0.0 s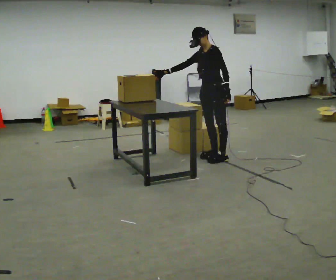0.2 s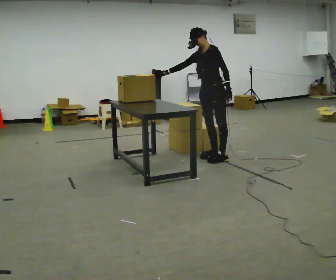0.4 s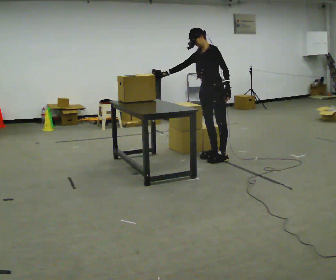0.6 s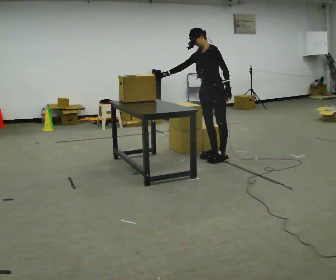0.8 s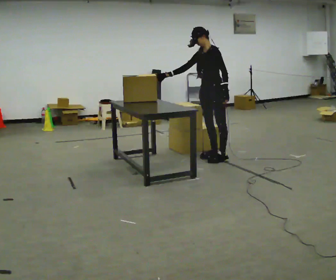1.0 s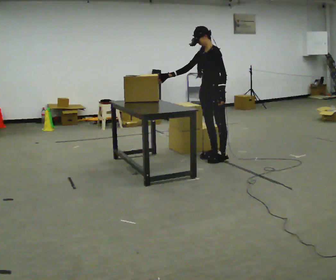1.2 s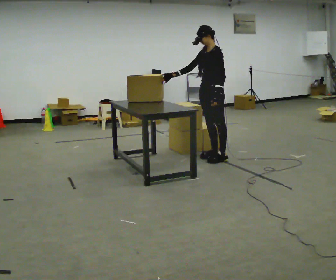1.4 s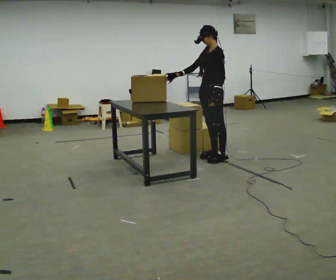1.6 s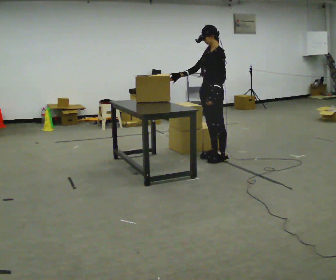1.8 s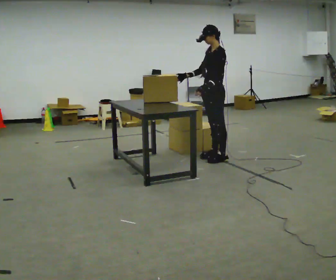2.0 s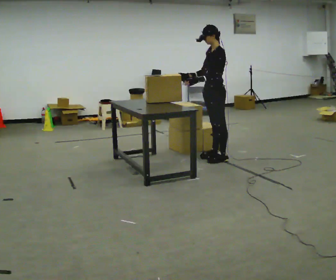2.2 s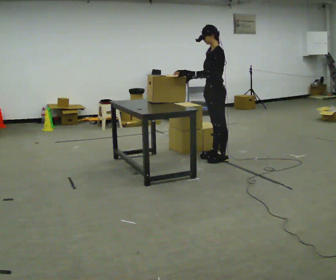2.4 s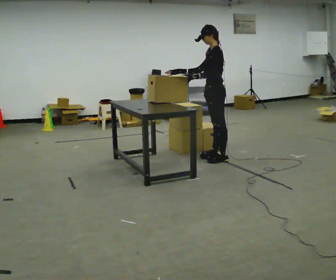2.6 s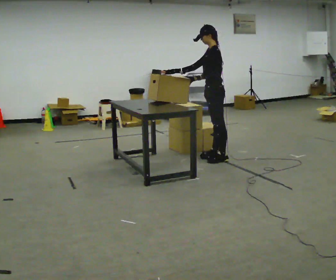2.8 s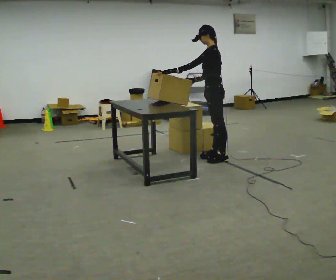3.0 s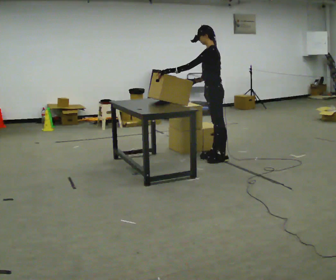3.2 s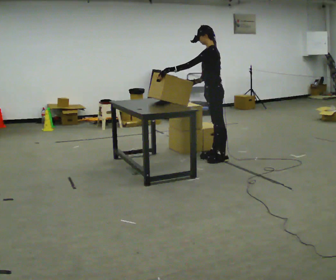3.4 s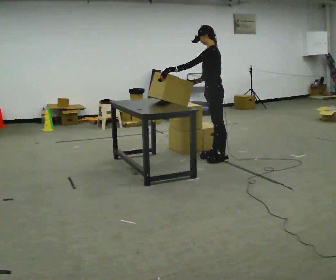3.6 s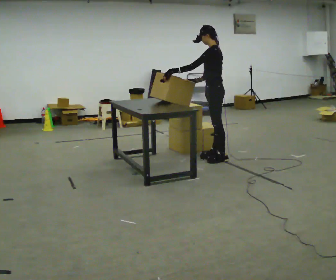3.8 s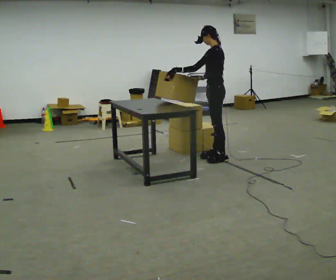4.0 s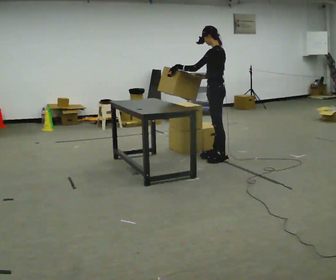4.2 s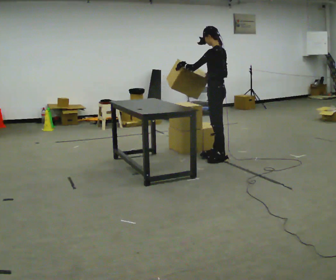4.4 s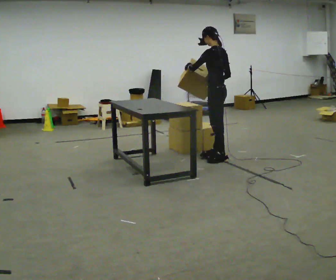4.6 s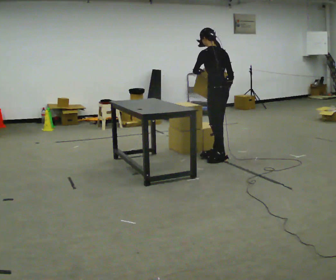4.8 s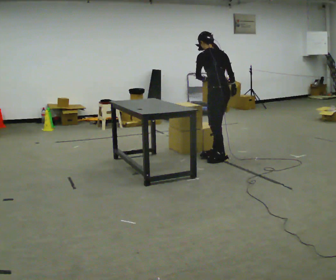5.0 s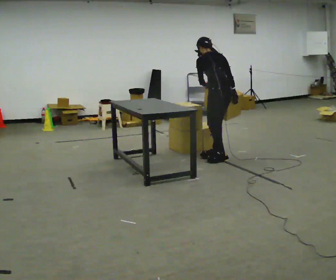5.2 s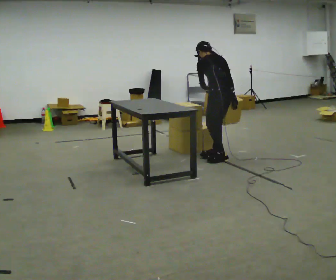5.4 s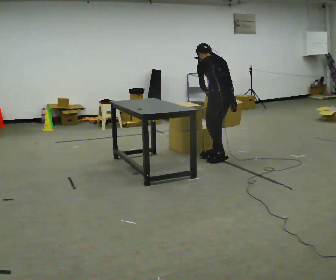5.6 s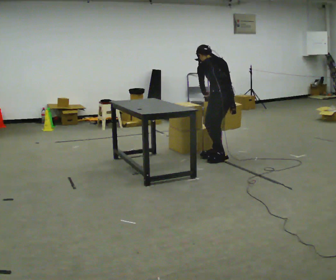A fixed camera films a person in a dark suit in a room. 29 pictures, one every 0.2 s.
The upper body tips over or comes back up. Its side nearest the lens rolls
upward.
The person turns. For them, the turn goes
to their right.
0.0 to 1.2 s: The person moves a little, or ends about where they began.
1.2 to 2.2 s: In the picture their left hand goes to the left, the arm swinging clockwise.
2.2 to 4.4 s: The part of the body nearest the lens slides to the left as the person turns to their right by about 30 degrees. In the picture their right hand goes to the right, the arm swinging counterclockwise.
4.4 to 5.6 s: The person turns about 45 degrees to their right, clockwise seen from above, so the part of the body nearest the lens slides to the left. The upper body goes downward. The upper body tips away from the camera, its near side rolling upward, as they bend forward. In the picture their left hand goes downward, the arm swinging counterclockwise.
The film runs forward here.
